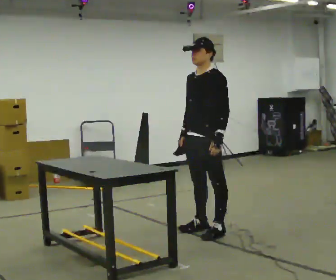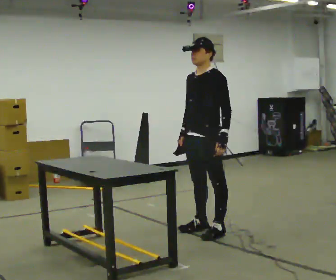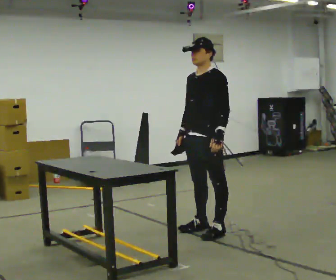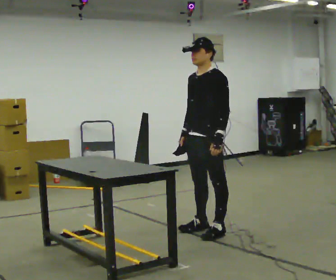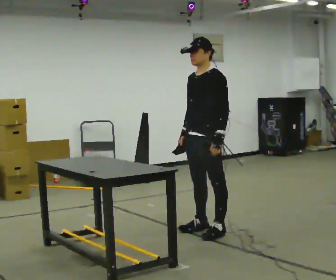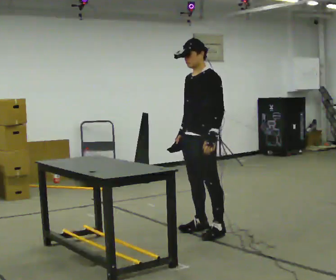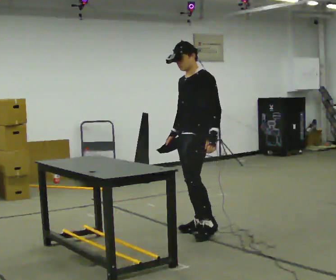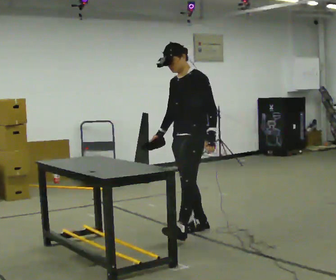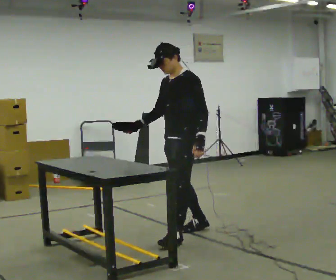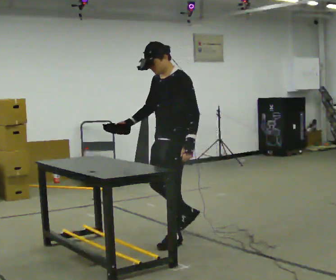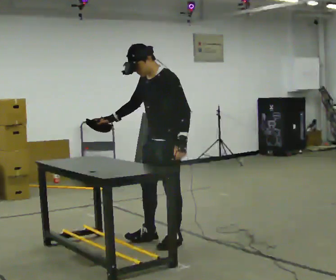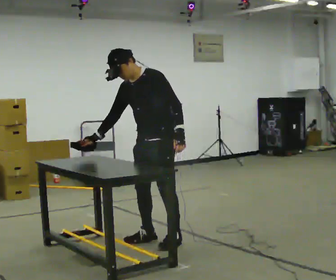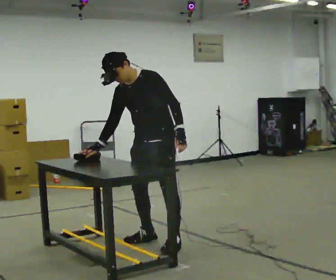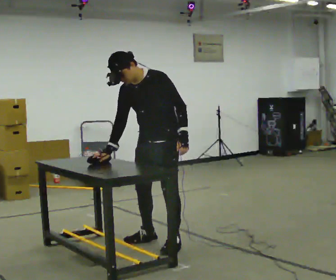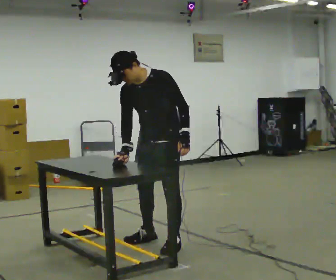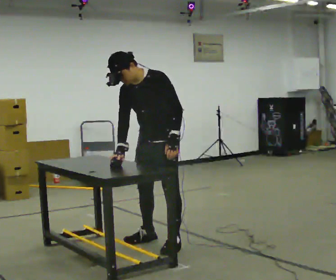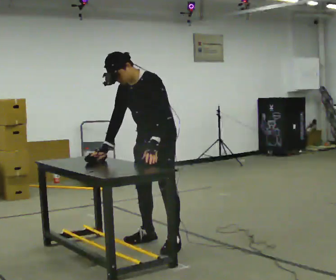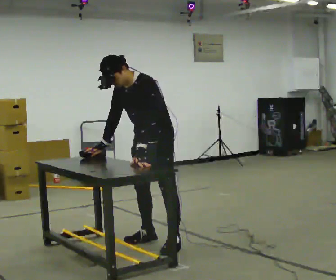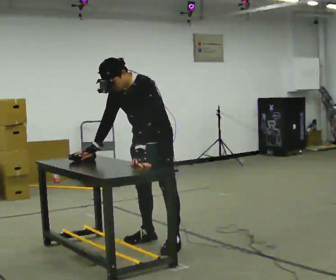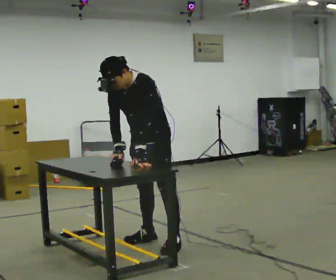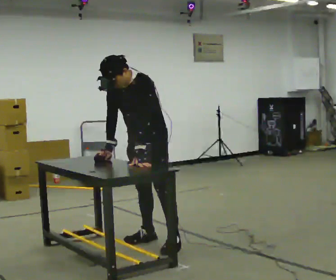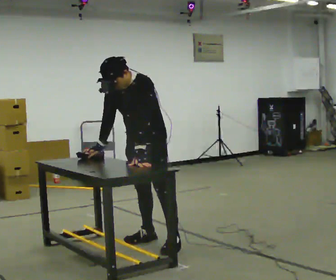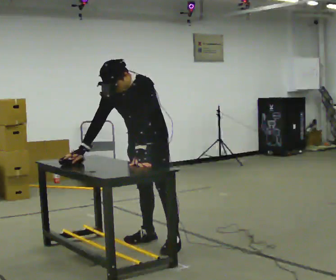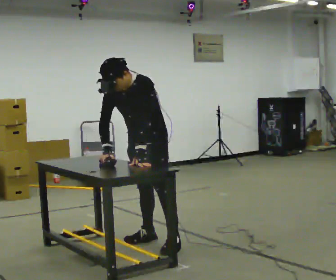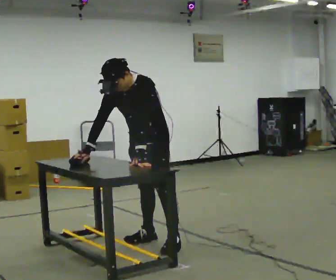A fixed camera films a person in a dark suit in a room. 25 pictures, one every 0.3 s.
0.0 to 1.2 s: The person moves a little, or ends about where they began.
1.2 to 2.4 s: In the picture they go to the left, about 0.25 m in 1 step, which for them is forward. In the picture their right hand goes to the left.
2.4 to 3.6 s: In the picture they go to the left and toward the camera, about 0.25 m in 1 step, which for them is forward. In the picture the upper body tilts counterclockwise, shoulders to the left, as they bend forward.
3.6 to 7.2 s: In the picture their left hand goes to the left.
The film runs forward here.
